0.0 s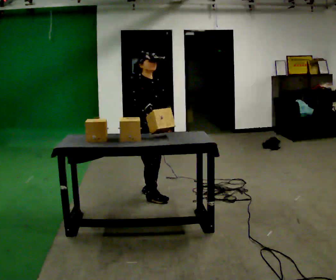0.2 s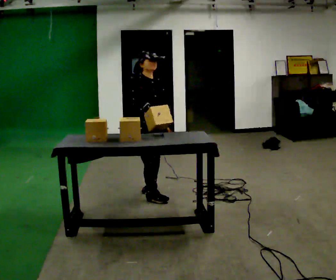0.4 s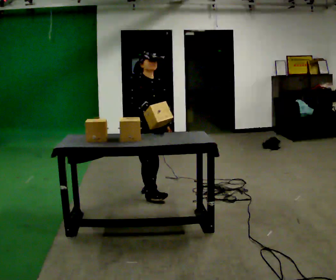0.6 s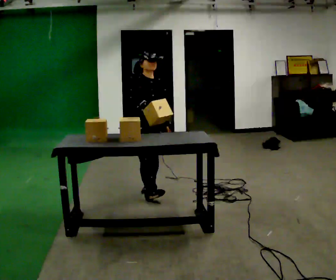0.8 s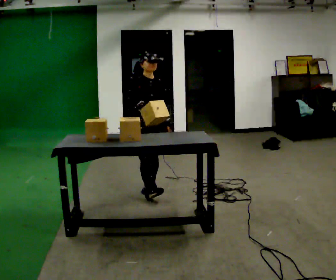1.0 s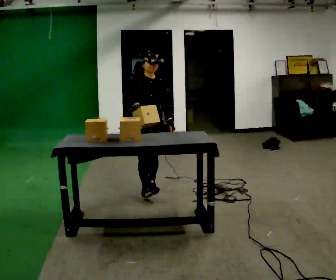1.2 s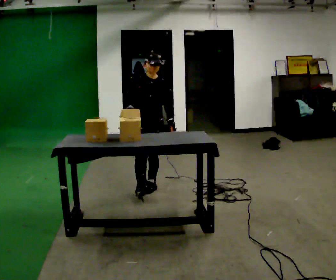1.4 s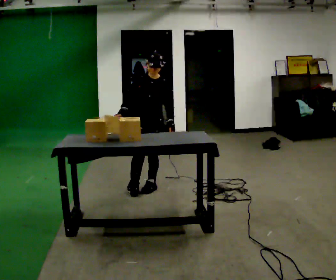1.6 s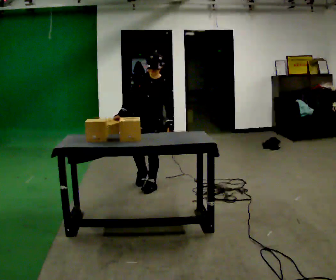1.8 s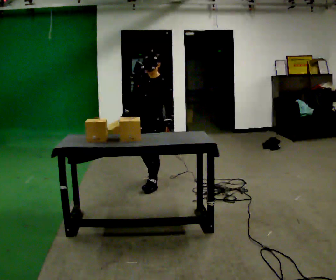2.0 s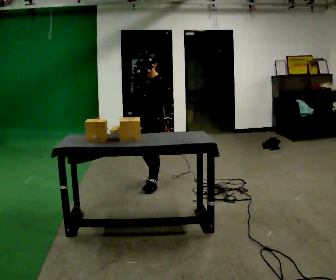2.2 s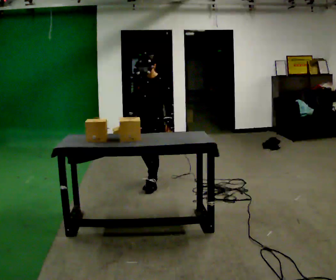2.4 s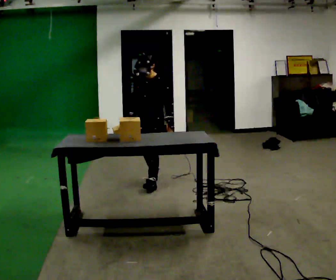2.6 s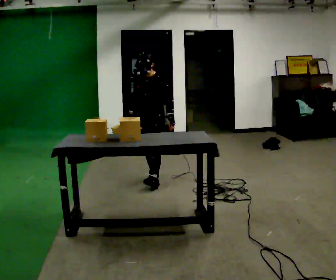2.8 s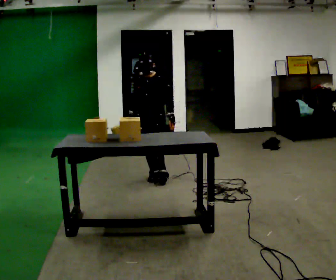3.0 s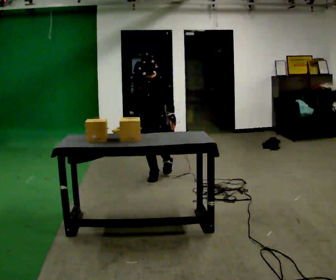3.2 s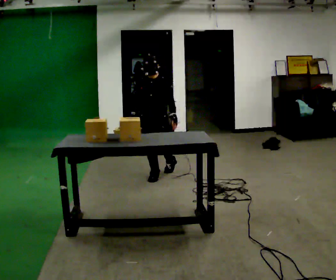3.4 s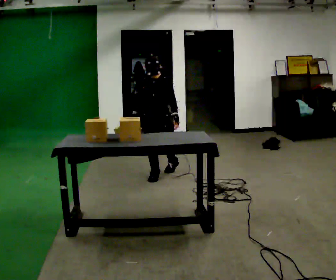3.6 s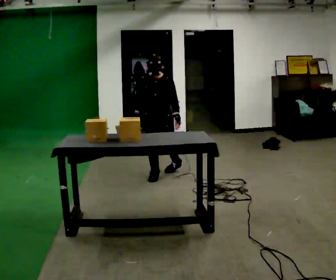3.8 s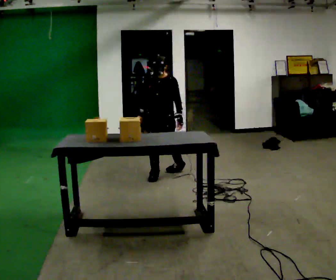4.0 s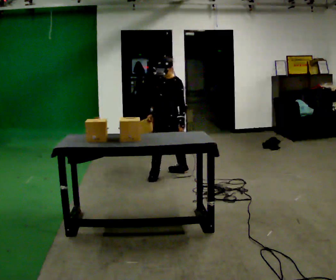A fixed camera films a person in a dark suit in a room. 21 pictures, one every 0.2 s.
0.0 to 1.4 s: The person turns about 45 degrees to their right, clockwise seen from above, so the part of the body nearest the lens slides to the left. In the picture they go away from the camera, about 0.25 m in 1 step, which for them is backward and to their left.
1.4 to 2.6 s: In the picture they go away from the camera, about 0.25 m in 1 step, which for them is backward.
2.6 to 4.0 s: In the picture they go away from the camera and to the right, about 0.25 m, which for them is backward and to their left.
The film runs backward here.
